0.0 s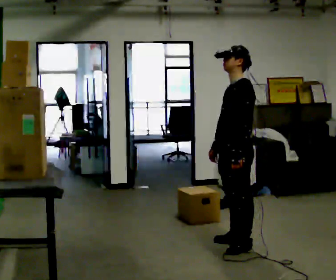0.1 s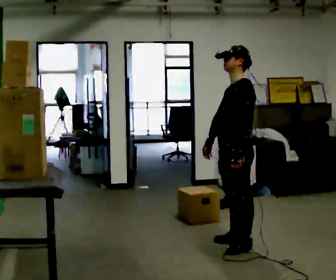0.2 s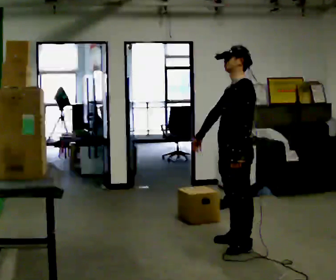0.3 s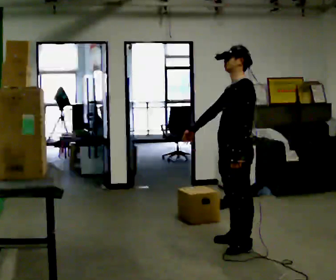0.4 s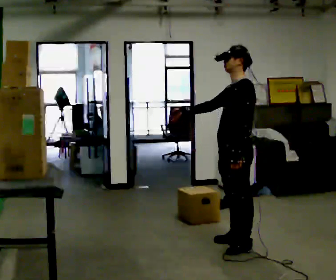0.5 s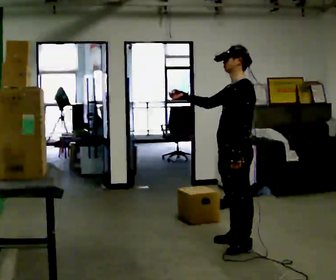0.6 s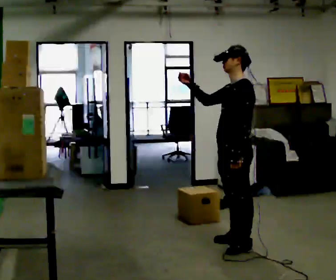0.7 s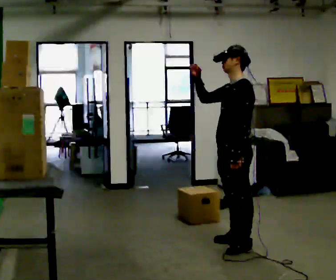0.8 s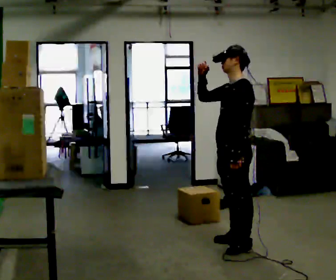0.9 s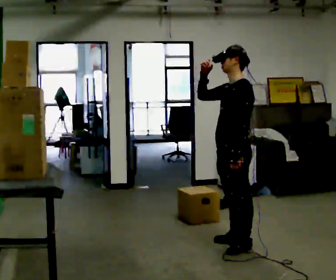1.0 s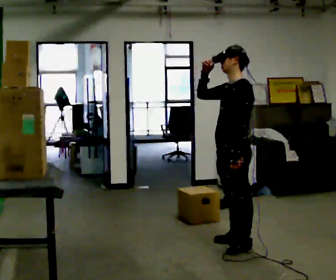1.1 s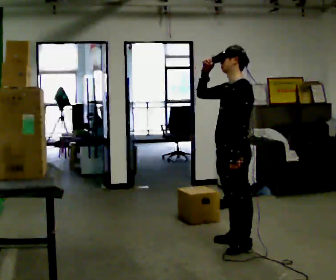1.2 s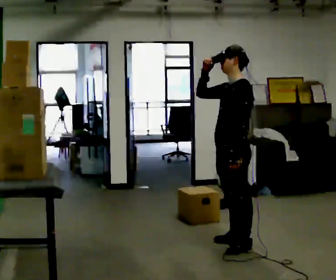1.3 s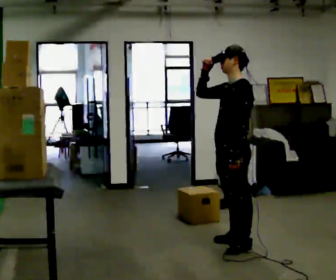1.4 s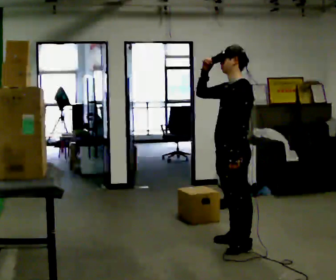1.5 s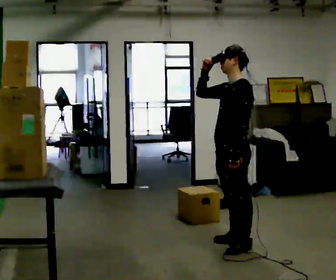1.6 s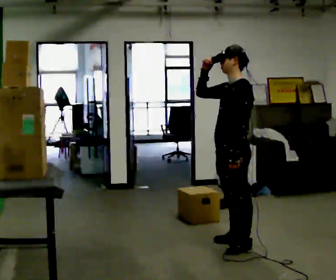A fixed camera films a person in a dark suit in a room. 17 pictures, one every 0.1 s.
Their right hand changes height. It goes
upward.
0.0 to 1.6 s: In the picture their right hand goes upward.
The film runs forward here.
